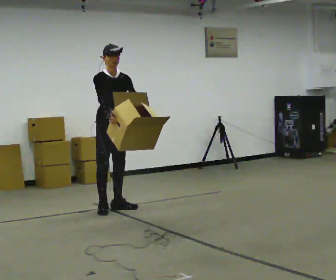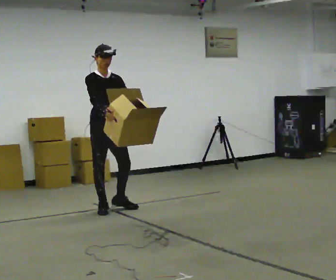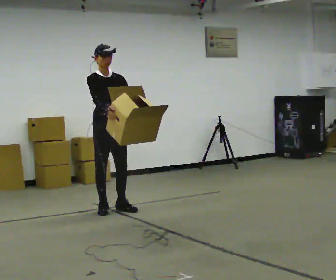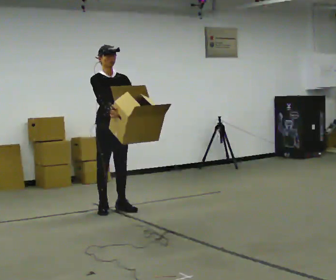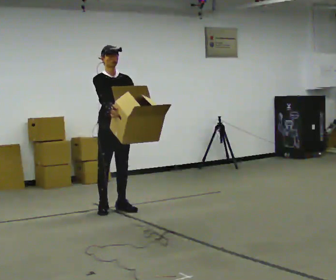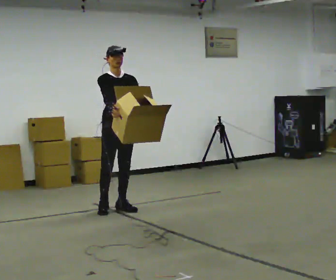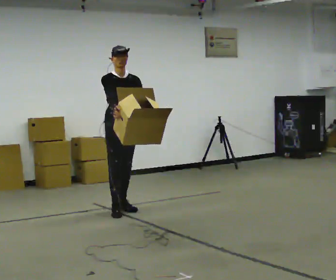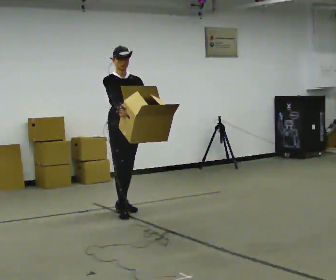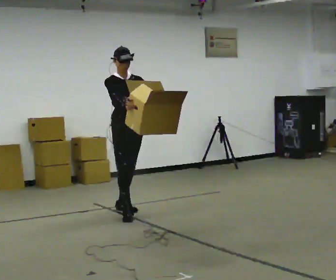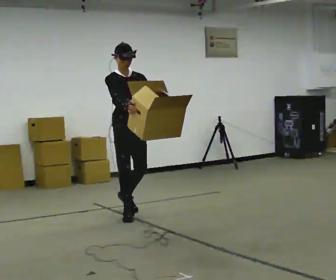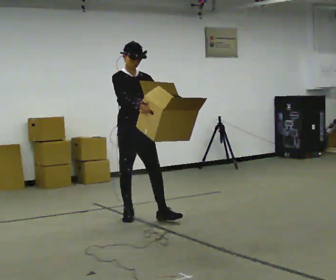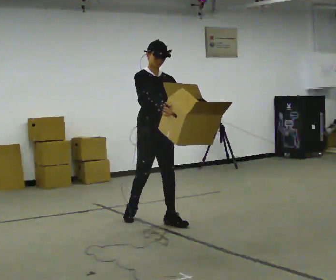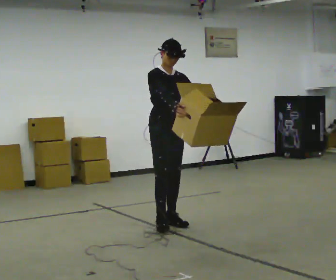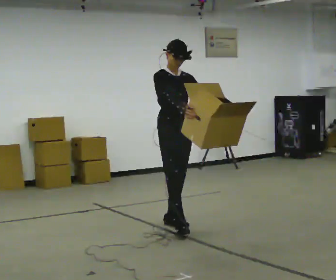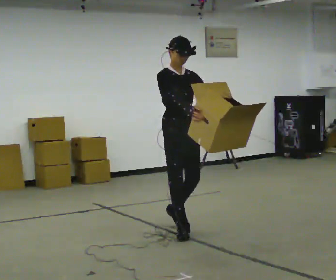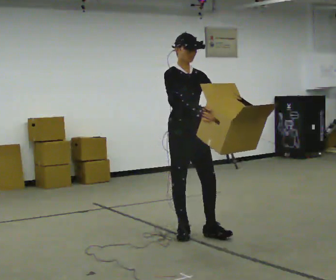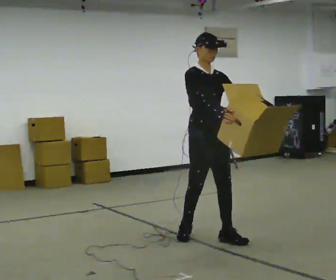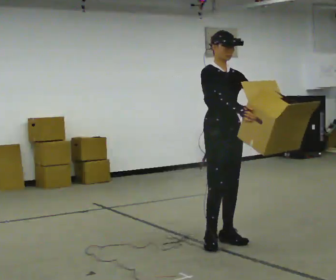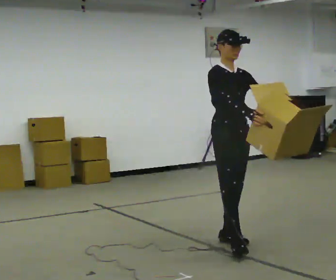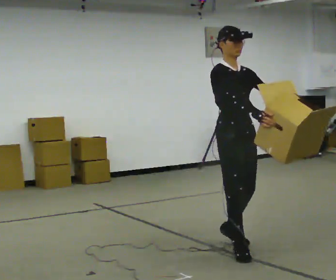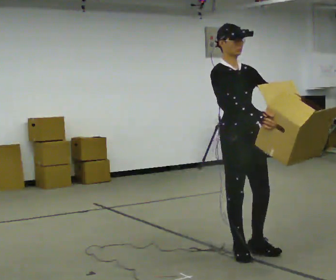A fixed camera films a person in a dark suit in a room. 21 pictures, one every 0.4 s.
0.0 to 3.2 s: In the picture they go to the right and toward the camera, about 0.25 m in 2 steps, which for them is forward.
3.2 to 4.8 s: In the picture they go toward the camera and to the right, about 0.75 m in 1 step, which for them is forward.
4.8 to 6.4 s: In the picture they go toward the camera and to the right, about 0.75 m in 2 steps, which for them is forward.
6.4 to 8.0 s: In the picture they go toward the camera, about 0.5 m in 1 step, which for them is forward.
The film runs forward here.
